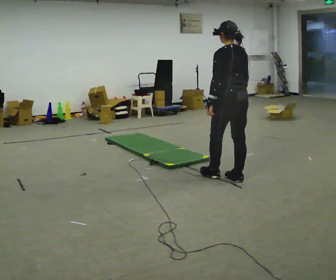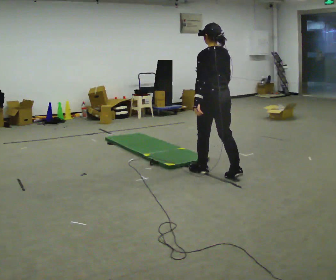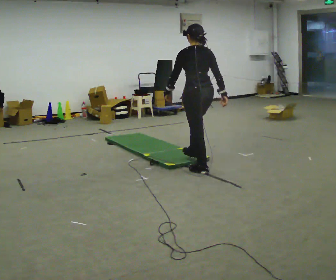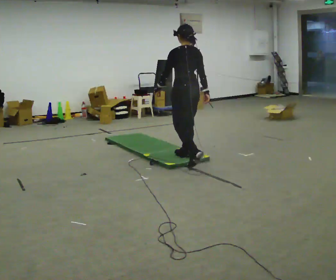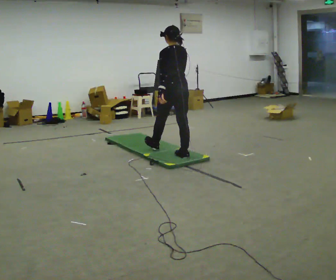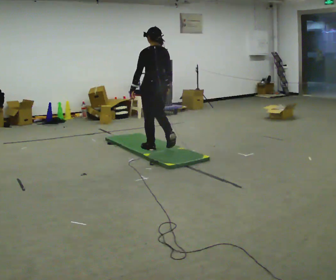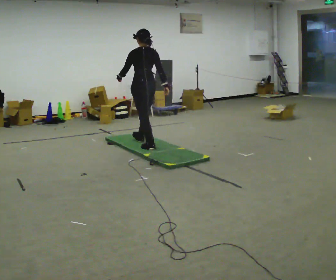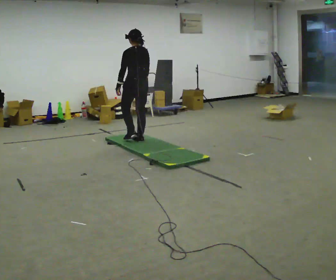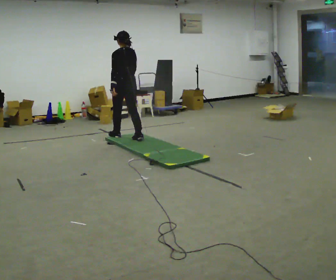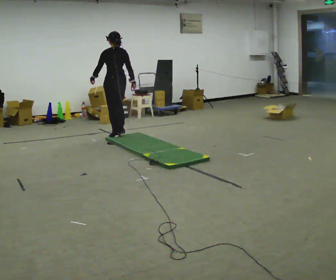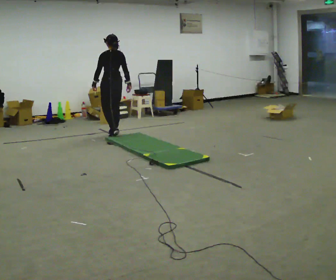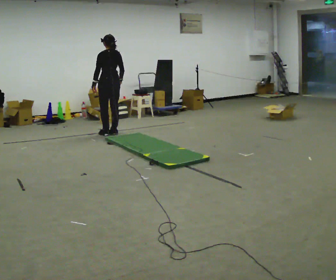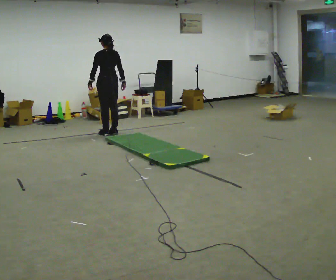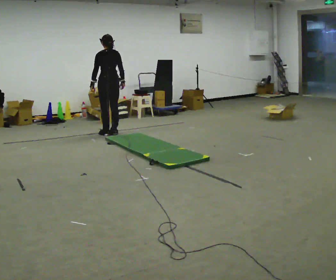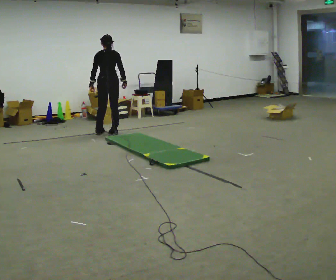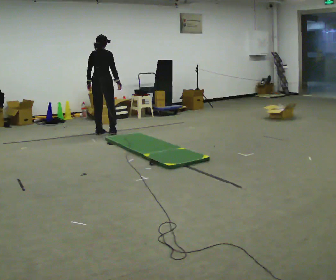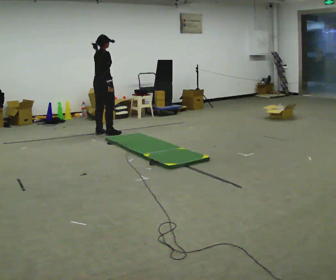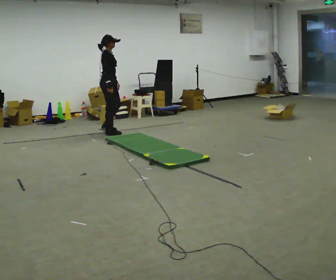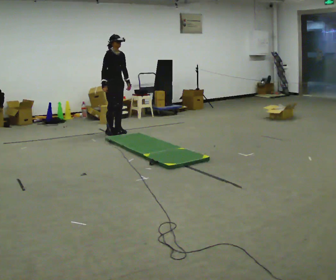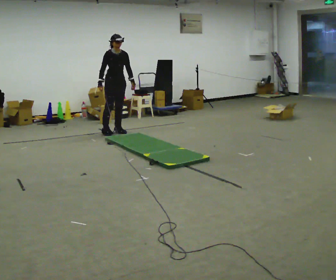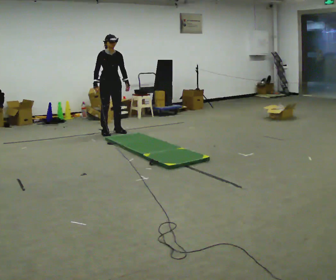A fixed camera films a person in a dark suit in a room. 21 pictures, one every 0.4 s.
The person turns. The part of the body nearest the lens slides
to the left.
The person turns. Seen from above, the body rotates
clockwise.
0.0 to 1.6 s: In the picture they go away from the camera and to the left, about 1 m in 2 steps, which for them is forward.
1.6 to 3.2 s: In the picture they go away from the camera and to the left, about 1 m in 3 steps, which for them is forward.
3.2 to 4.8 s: In the picture they go away from the camera and to the left, about 0.5 m in 2 steps, which for them is forward.
4.8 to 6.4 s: The person turns about 90 degrees to their right, clockwise seen from above, so the part of the body nearest the lens slides to the left.
6.4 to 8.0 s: The part of the body nearest the lens slides to the left as the person turns to their right by about 90 degrees. In the picture their left hand goes to the right.
The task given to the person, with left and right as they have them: Walk across the soft uneven mat at a comfortable speed; continue walking normally after you leave it.
The film runs forward here.
